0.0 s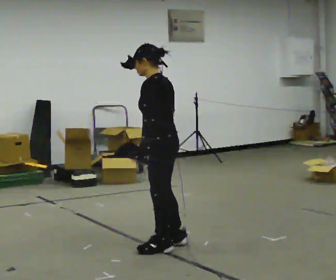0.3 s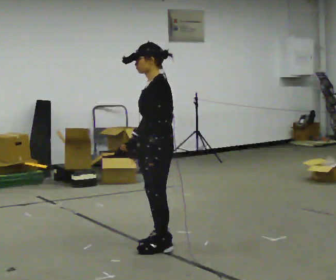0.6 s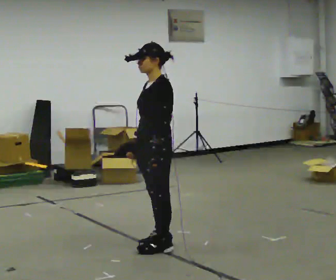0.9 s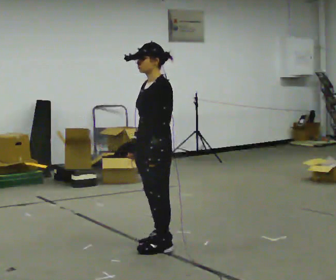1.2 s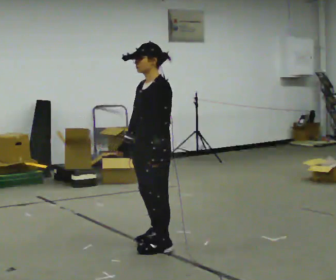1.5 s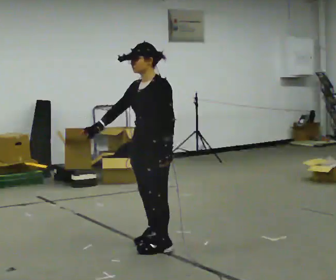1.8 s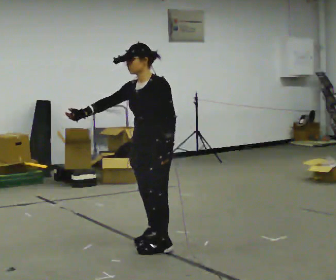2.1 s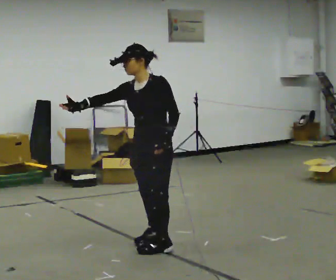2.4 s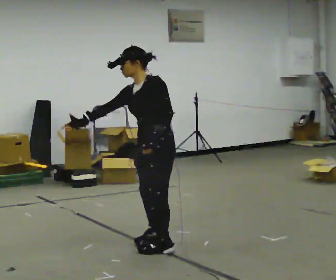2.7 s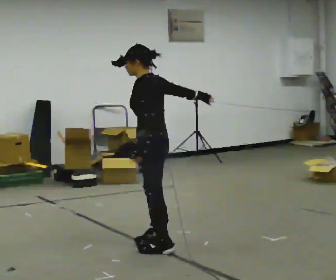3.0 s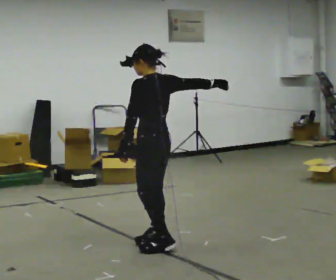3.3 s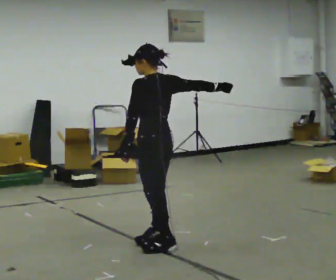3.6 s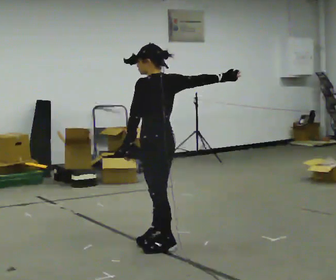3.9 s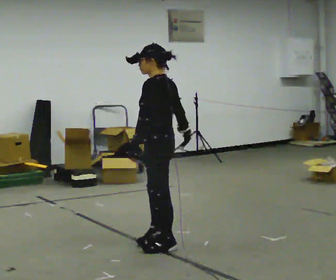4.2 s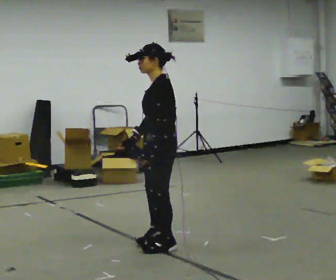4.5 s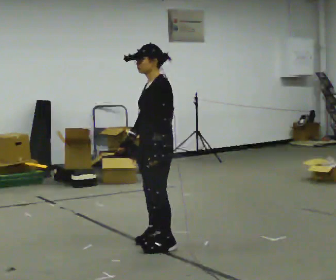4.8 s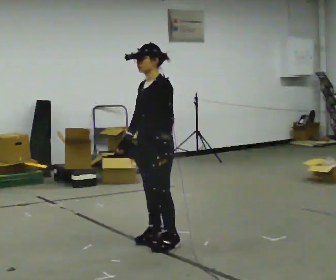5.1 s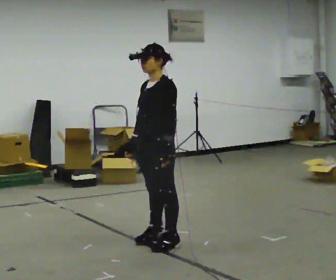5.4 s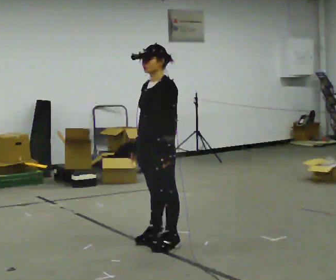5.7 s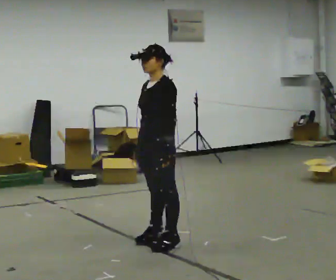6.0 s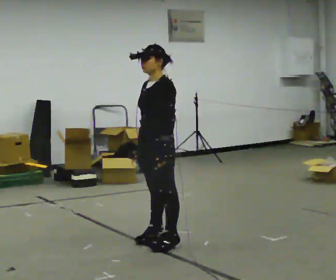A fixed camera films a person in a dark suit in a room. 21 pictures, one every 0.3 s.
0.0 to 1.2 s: The person turns about 45 degrees to their left, counterclockwise seen from above, so the part of the body nearest the lens slides to the right.
1.2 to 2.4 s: In the picture their right hand goes to the left.
2.4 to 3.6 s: Seen from above the body turns clockwise, about 75 degrees: to their right, with its near side sliding to the left. In the picture the upper body tilts clockwise, shoulders to the right. In the picture their right hand goes to the right, the arm swinging counterclockwise.
3.6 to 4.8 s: Seen from above the body turns counterclockwise, about 75 degrees: to their left, with its near side sliding to the right. In the picture their right hand goes to the left and downward, the arm swinging clockwise.
4.8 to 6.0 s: The person moves a little, or ends about where they began.
The film runs backward here.
